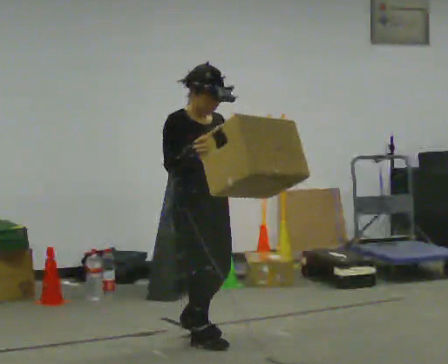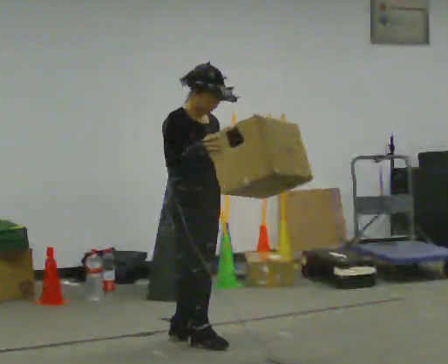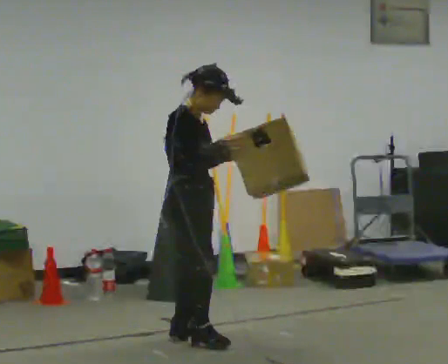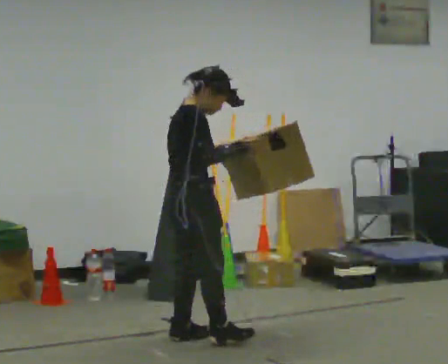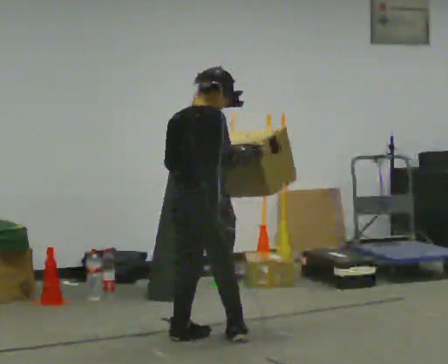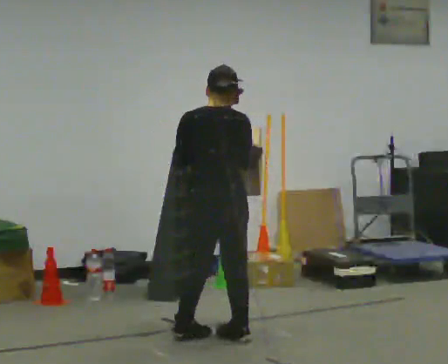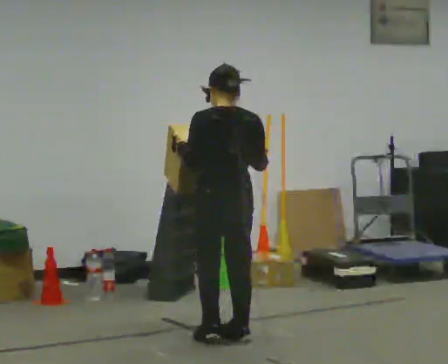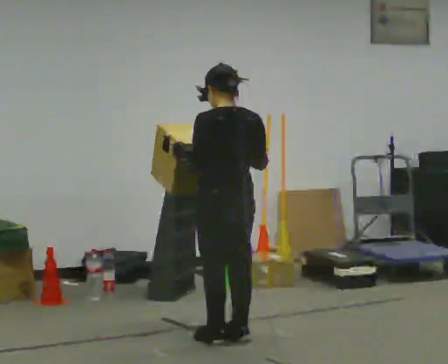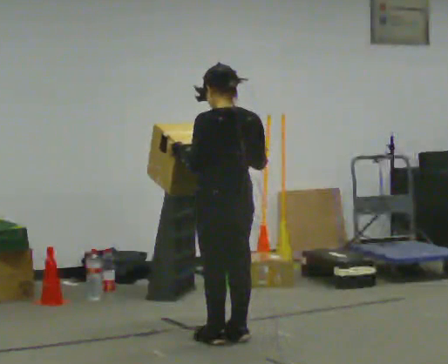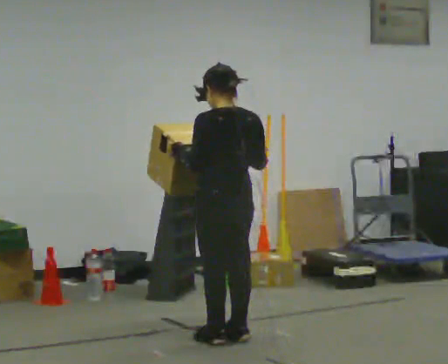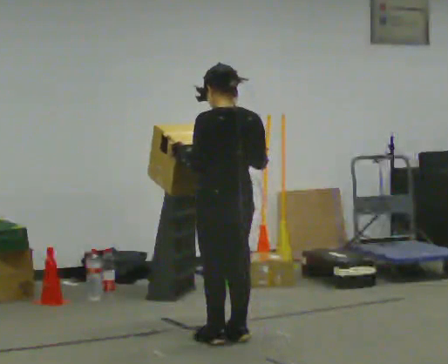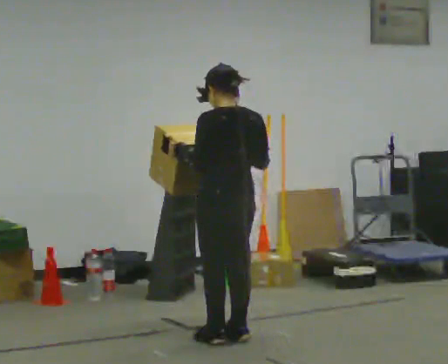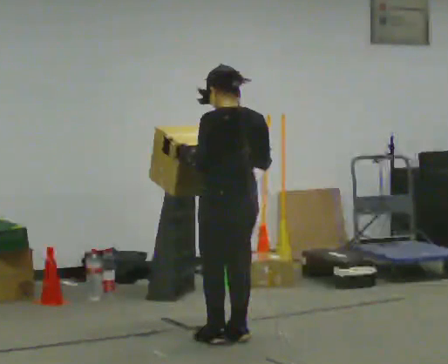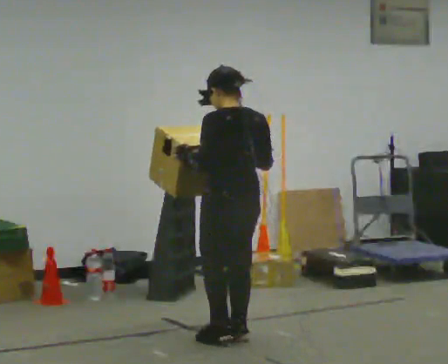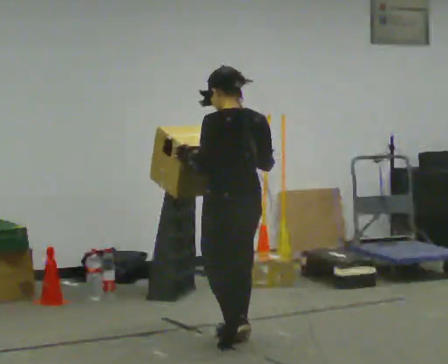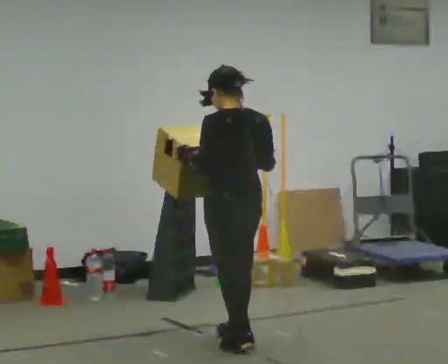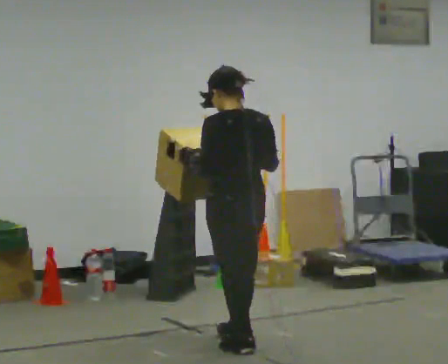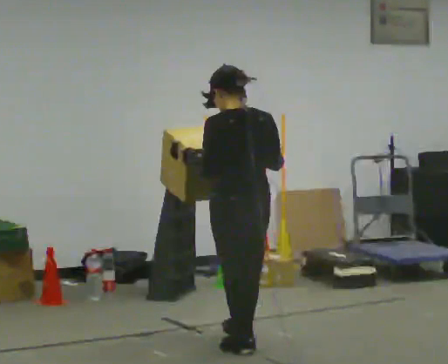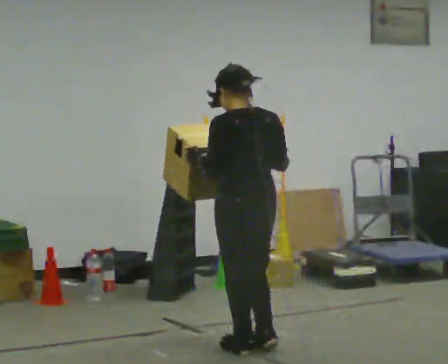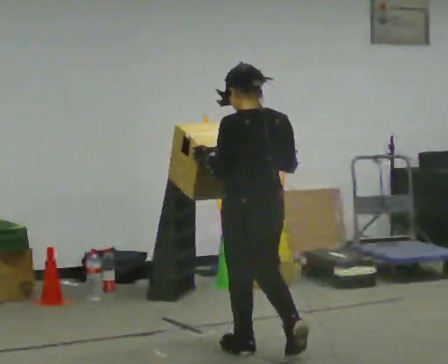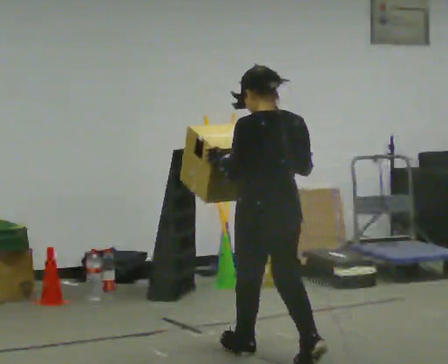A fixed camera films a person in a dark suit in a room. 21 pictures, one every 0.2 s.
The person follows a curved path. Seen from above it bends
clockwise.
The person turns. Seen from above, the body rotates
counterclockwise.
0.0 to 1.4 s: The person turns about 165 degrees to their left, counterclockwise seen from above, so the part of the body nearest the lens slides to the right. In the picture they go to the right, about 0.25 m in 2 steps. In the picture their right hand goes to the right.
1.4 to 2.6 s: The person moves a little, or ends about where they began.
2.6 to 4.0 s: In the picture they go toward the camera, about 0.5 m in 1 step, which for them is backward.
The film runs backward here.
